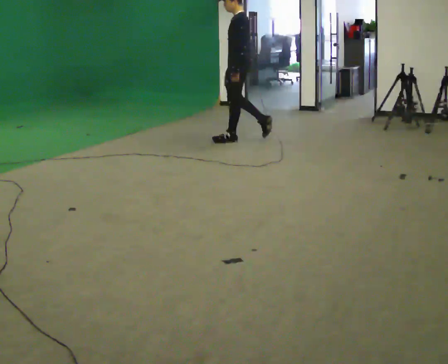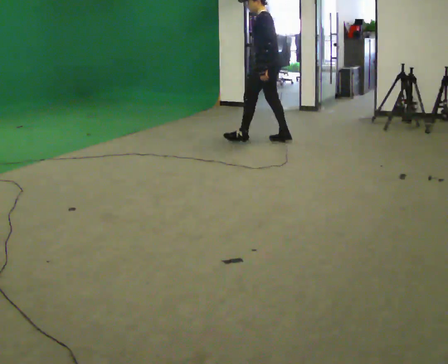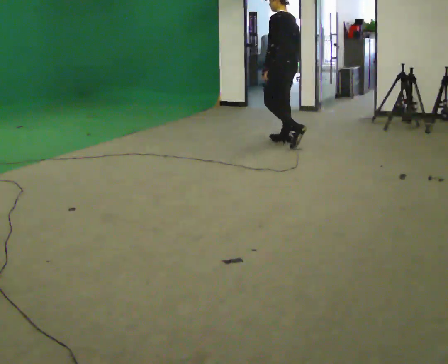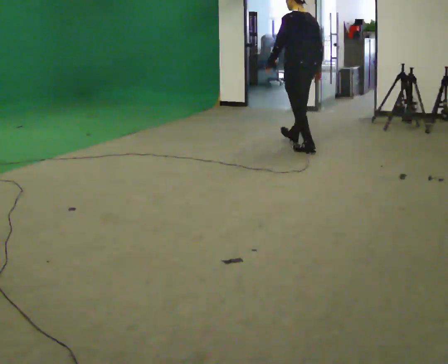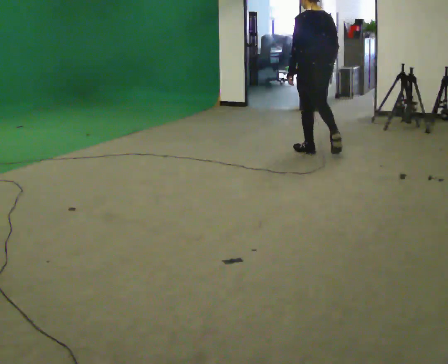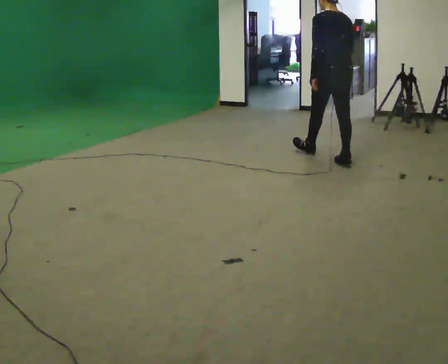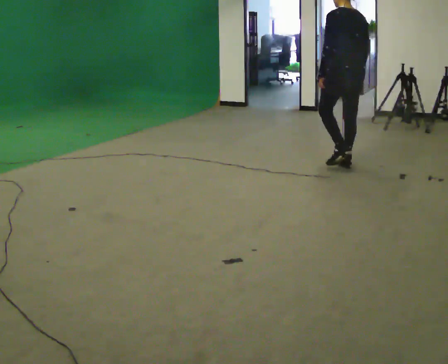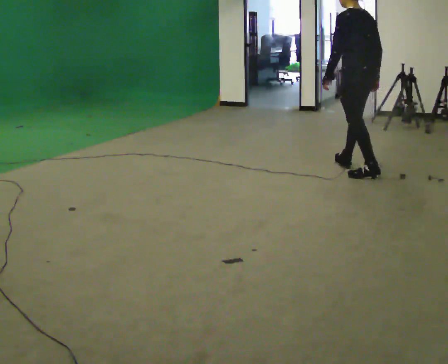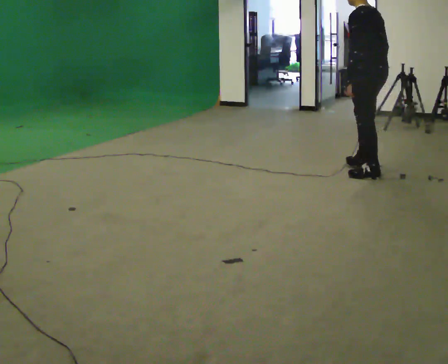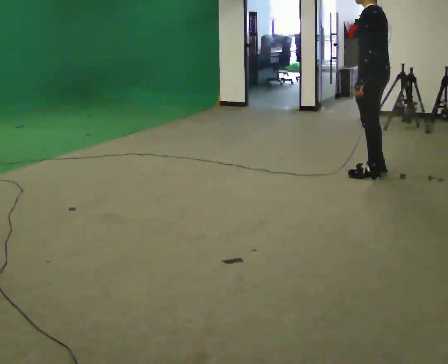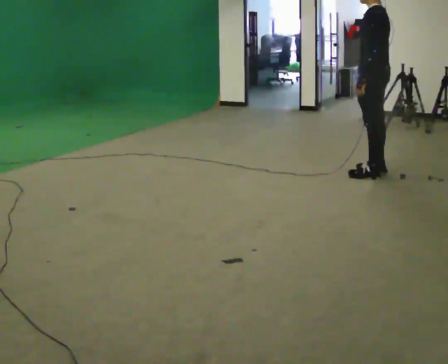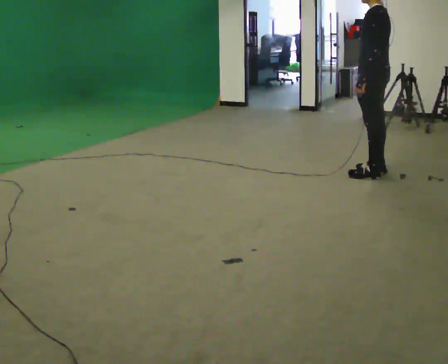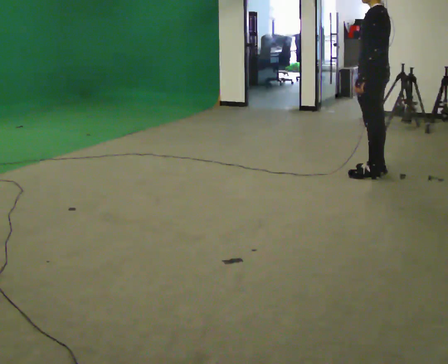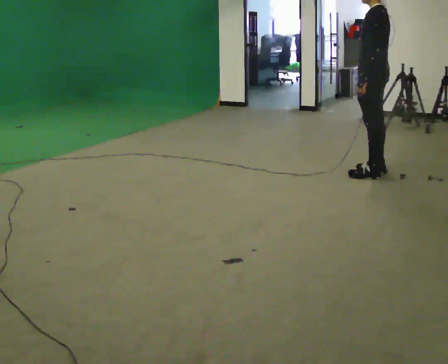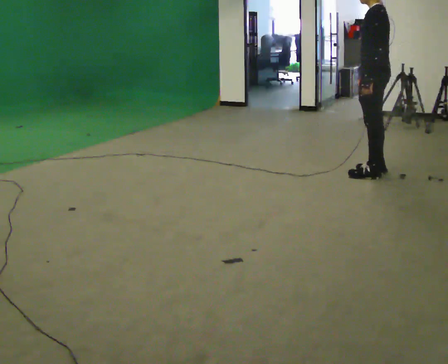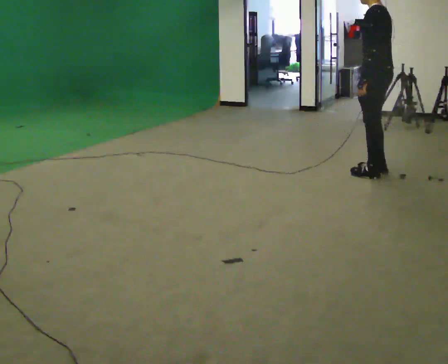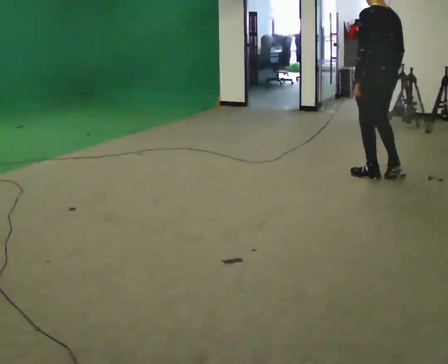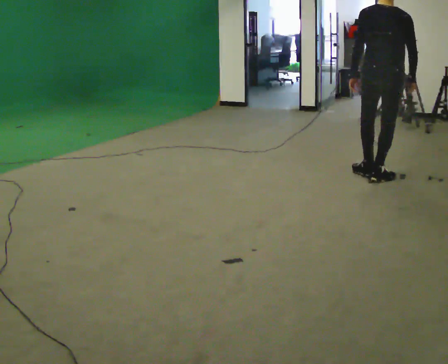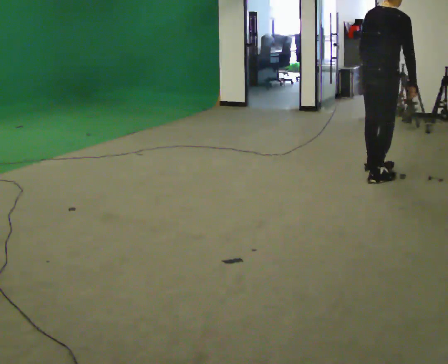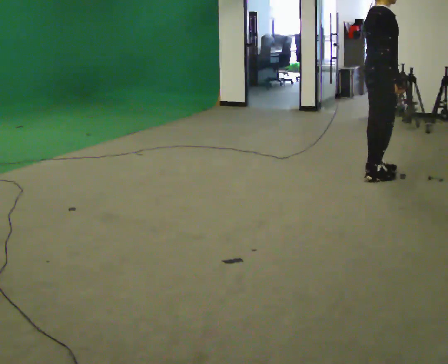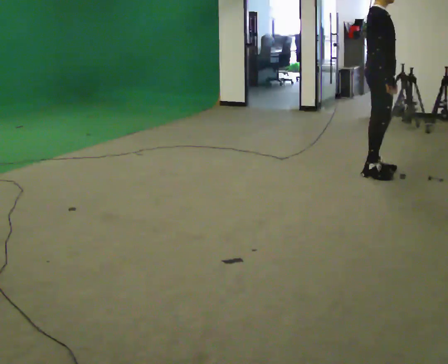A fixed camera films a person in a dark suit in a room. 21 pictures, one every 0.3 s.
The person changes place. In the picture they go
to the right.
0.0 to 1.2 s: The part of the body nearest the lens slides to the left as the person turns to their right by about 60 degrees. In the picture they go to the right, about 1 m in 2 steps.
1.2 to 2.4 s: In the picture they go toward the camera and to the right, about 1 m in 2 steps, which for them is backward.
2.4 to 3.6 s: The person moves a little, or ends about where they began.
3.6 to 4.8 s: Seen from above the body turns clockwise, about 30 degrees: to their right, with its near side sliding to the left.
4.8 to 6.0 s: The part of the body nearest the lens slides to the left as the person turns to their right by about 135 degrees.
The film runs backward here.
